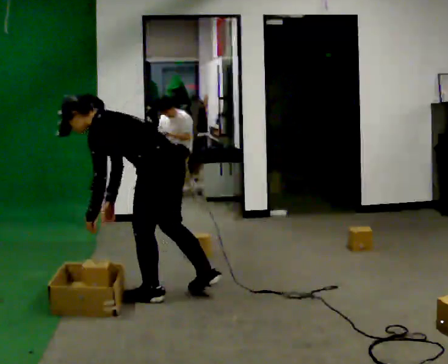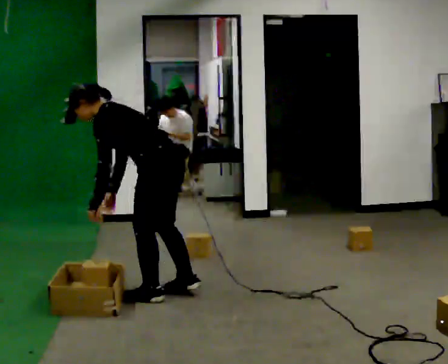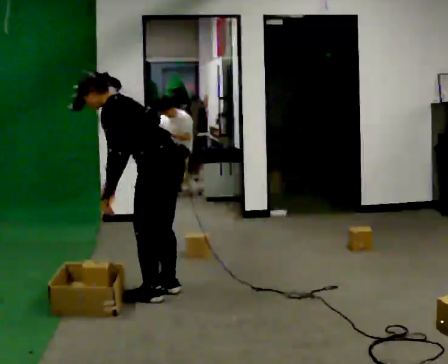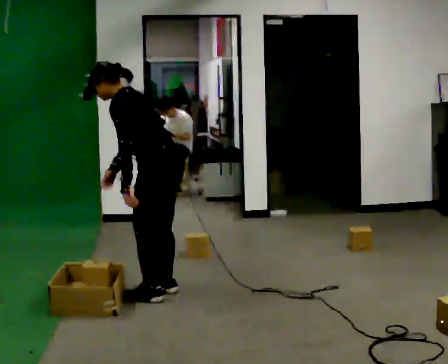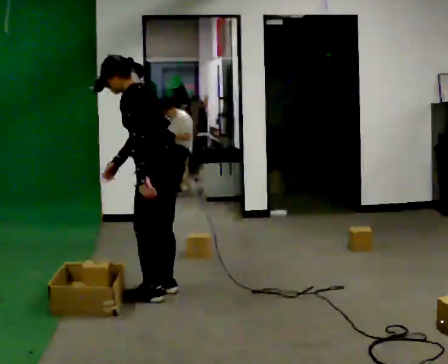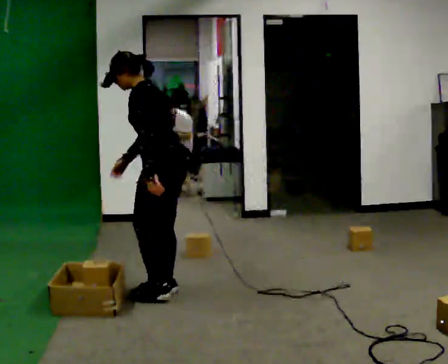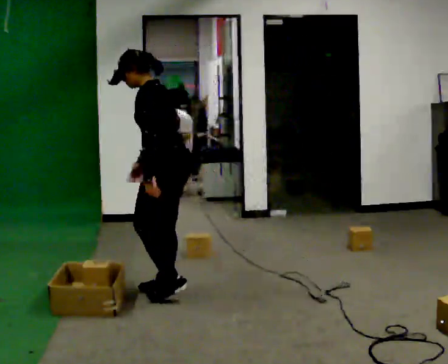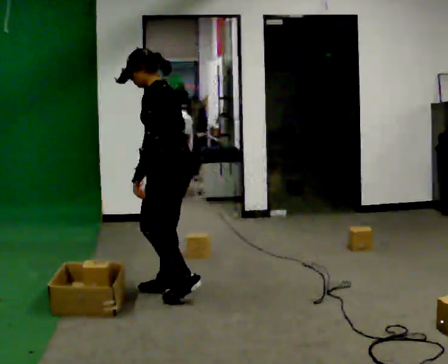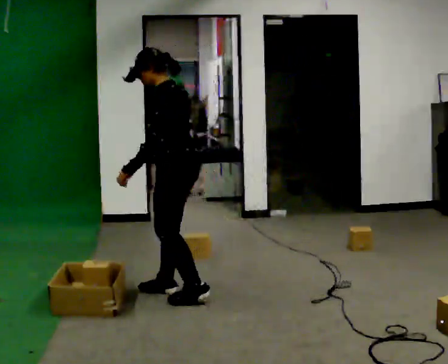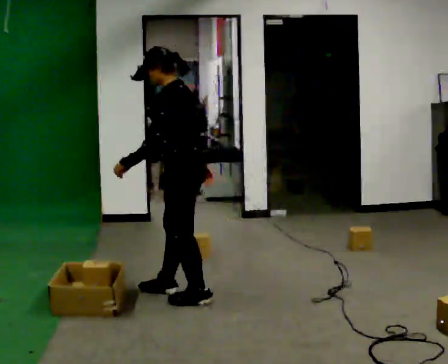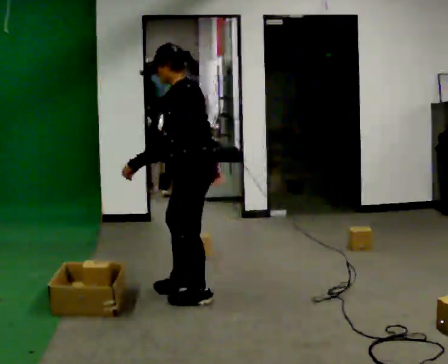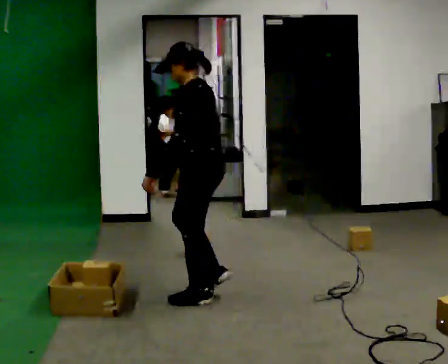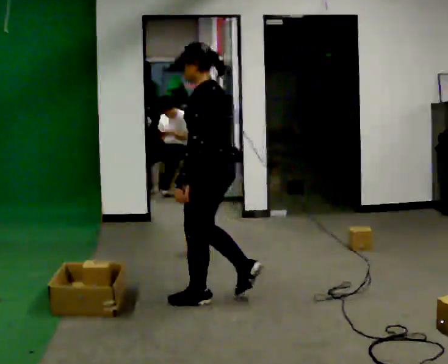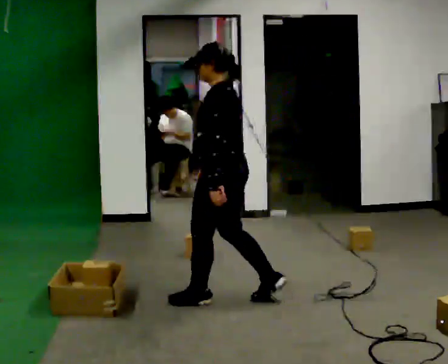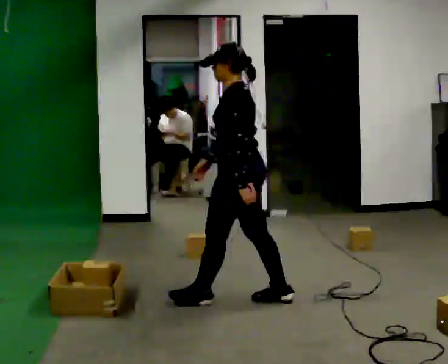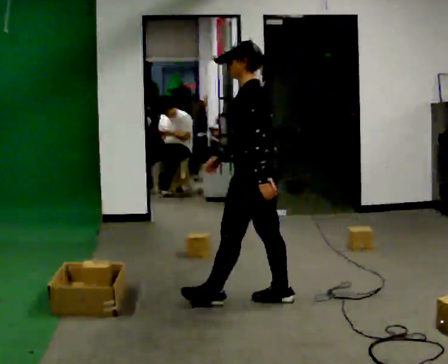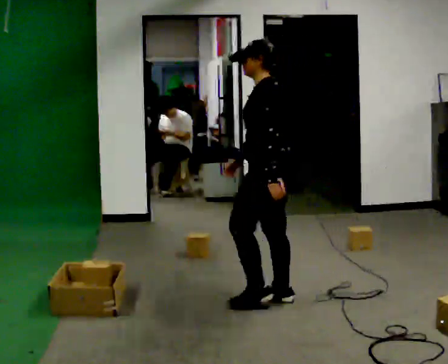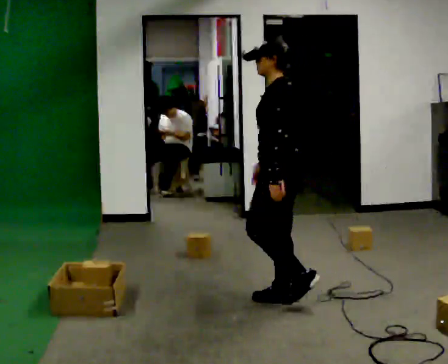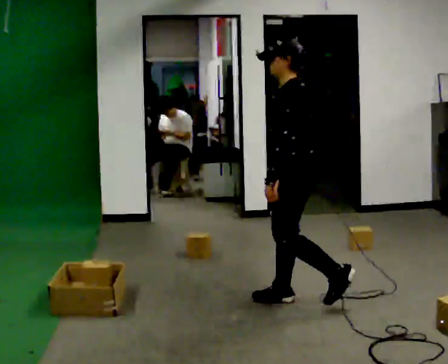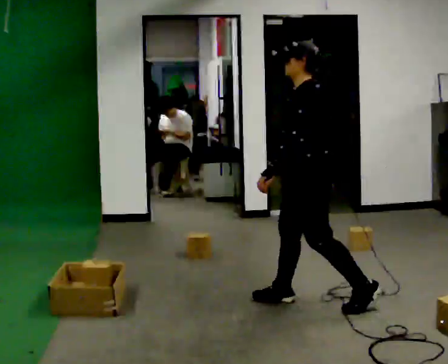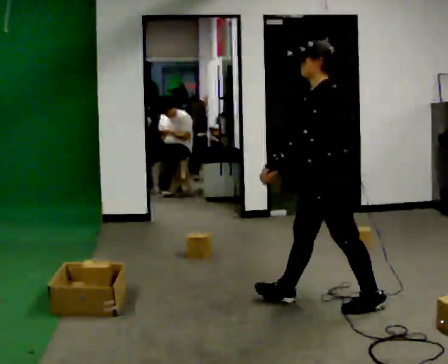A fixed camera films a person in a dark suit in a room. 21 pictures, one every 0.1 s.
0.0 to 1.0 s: In the picture they go to the right, about 0.25 m in 2 steps, which for them is backward. The shoulders move upward. In the picture the upper body tilts clockwise, shoulders to the right, as they lean back or straighten. In the picture their left hand goes upward.
1.0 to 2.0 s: In the picture they go to the right, about 1 m in 1 step, which for them is backward.
The film runs backward here.
